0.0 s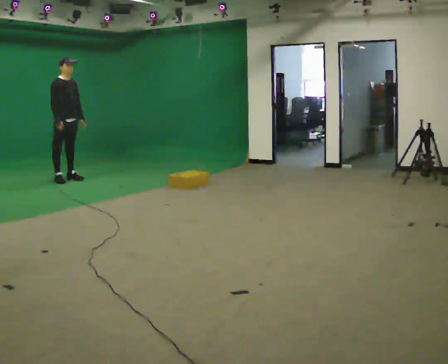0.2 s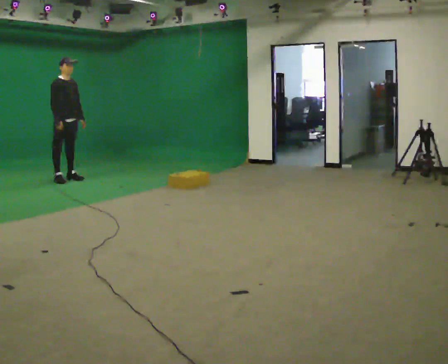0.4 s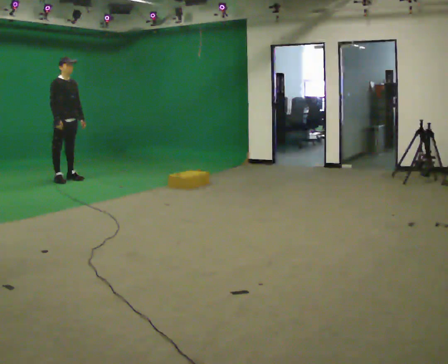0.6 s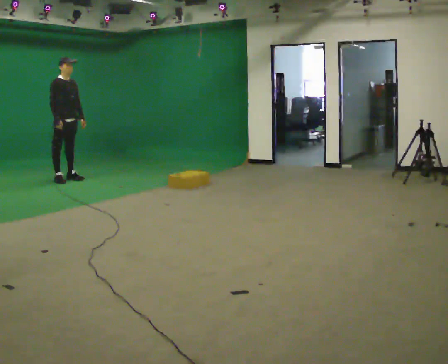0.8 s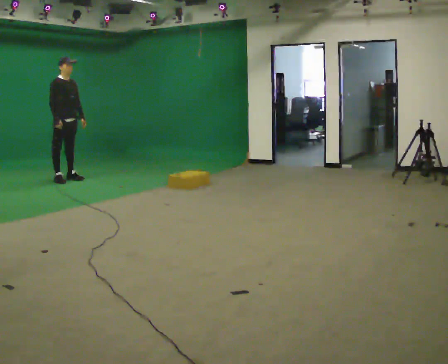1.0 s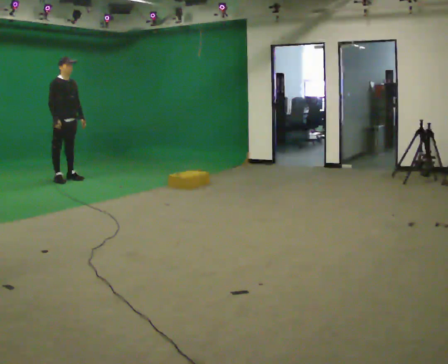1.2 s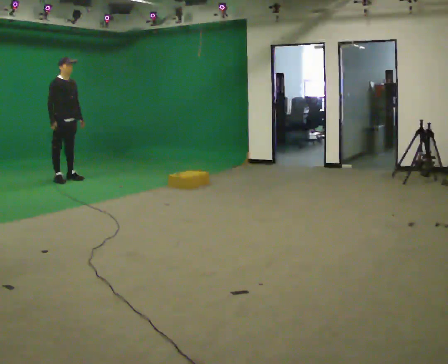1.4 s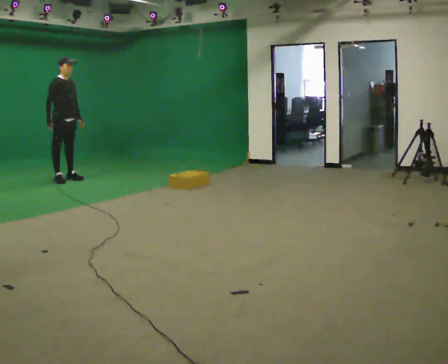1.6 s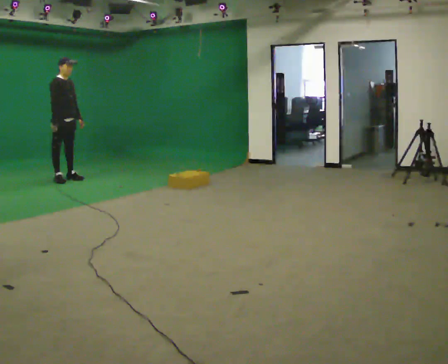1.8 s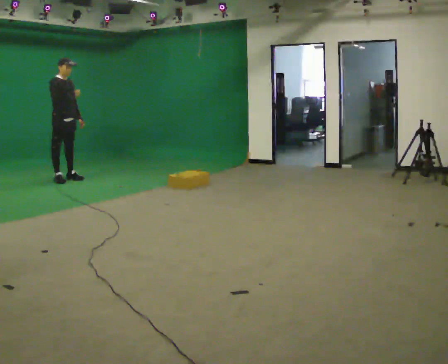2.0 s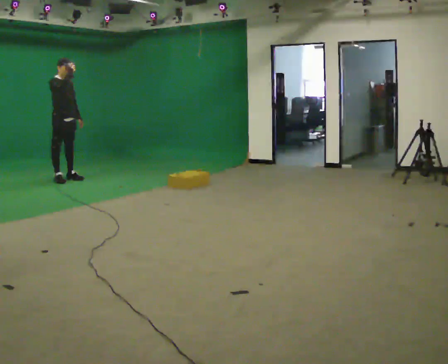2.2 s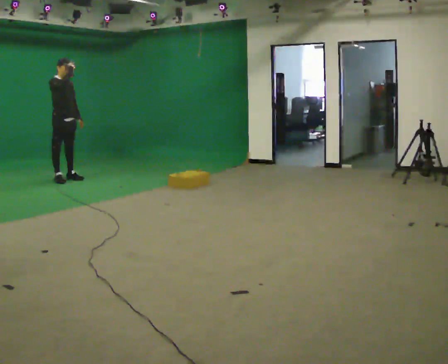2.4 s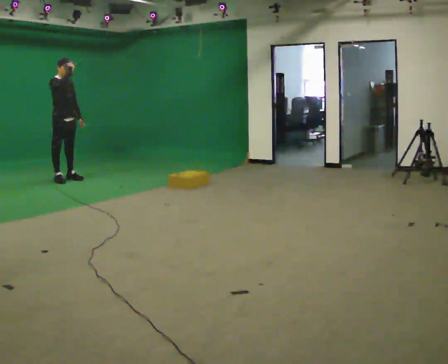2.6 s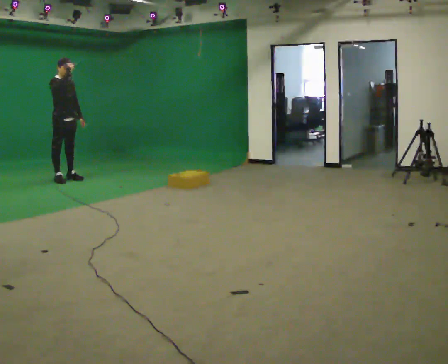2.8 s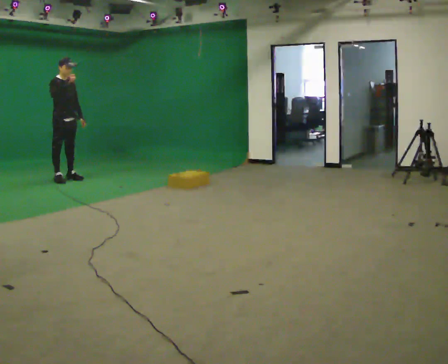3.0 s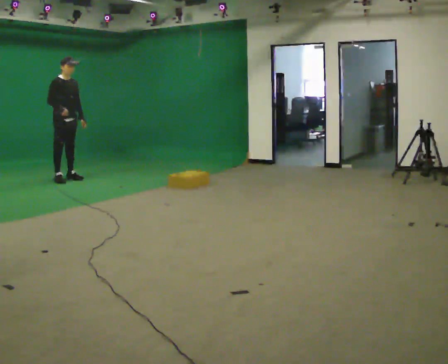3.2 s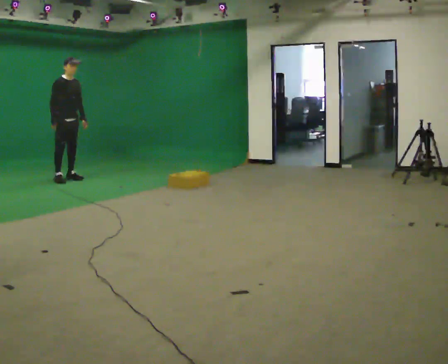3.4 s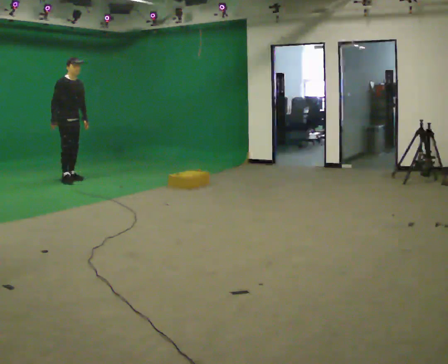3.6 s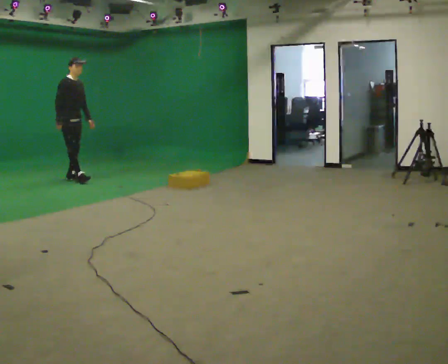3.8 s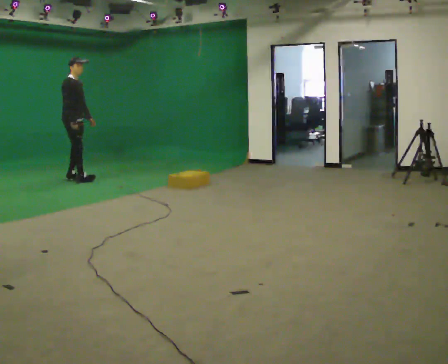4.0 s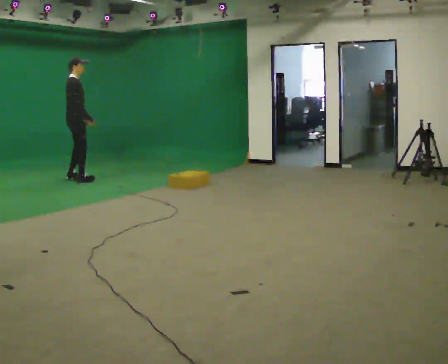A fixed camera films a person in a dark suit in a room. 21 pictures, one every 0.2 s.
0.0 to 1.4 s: The person moves a little, or ends about where they began.
1.4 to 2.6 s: In the picture their right hand goes upward.
2.6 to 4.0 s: Seen from above the body turns counterclockwise, about 30 degrees: to their left, with its near side sliding to the right. In the picture they go to the right, about 0.25 m in 1 step, which for them is forward. In the picture their right hand goes downward.
The film runs backward here.
